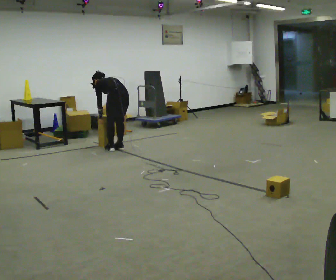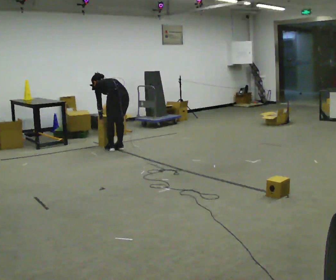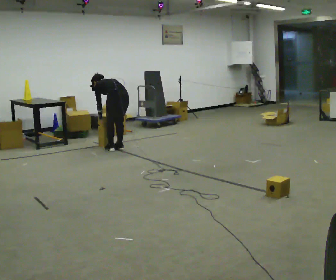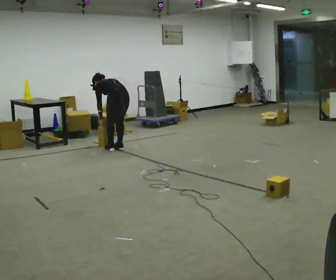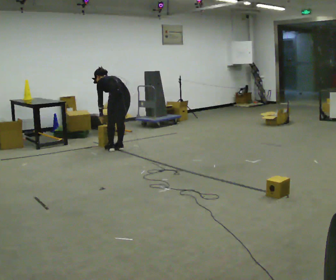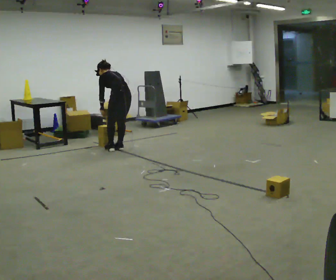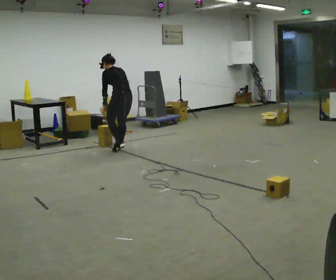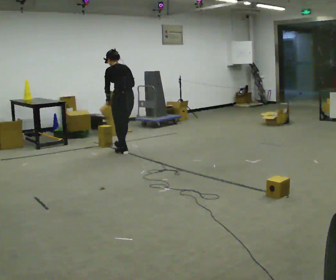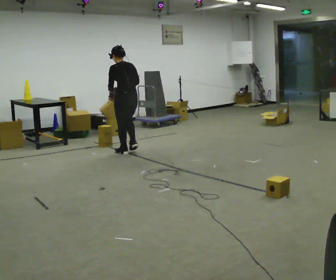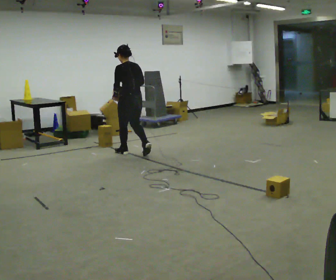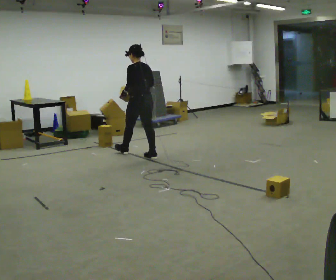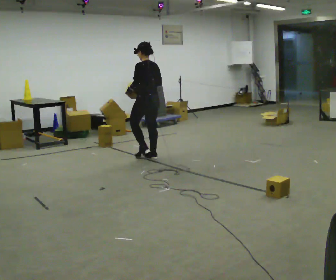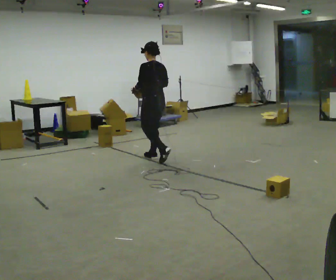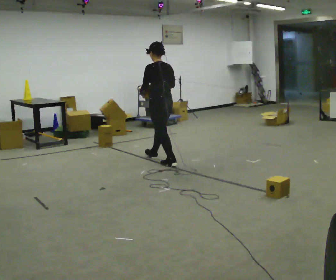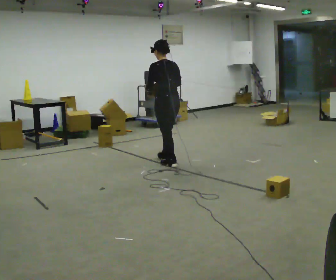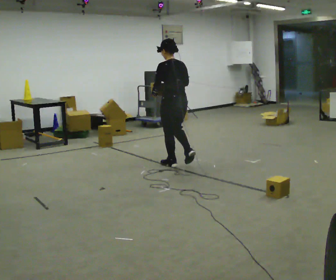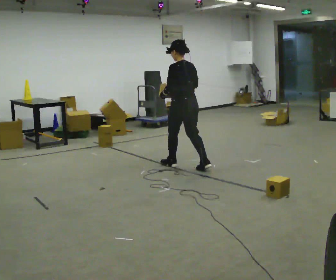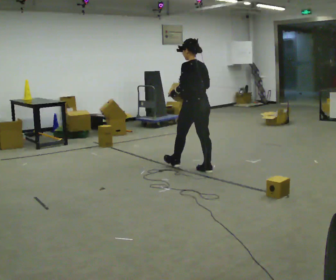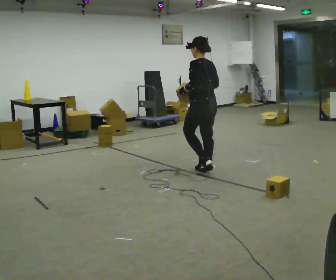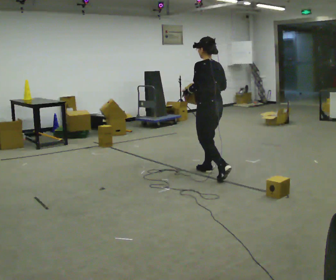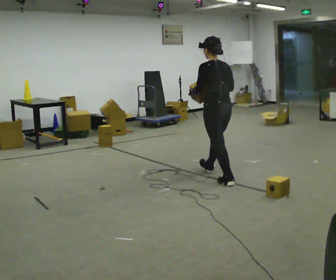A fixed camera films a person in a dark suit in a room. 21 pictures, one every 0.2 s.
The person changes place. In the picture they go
toward the camera.
0.0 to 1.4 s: The shoulders move upward. The upper body tips toward the camera, its near side rolling downward, as they lean back or straighten.
1.4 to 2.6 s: In the picture they go toward the camera and to the right, about 1 m in 2 steps, which for them is backward.
2.6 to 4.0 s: In the picture they go toward the camera and to the right, about 1 m in 2 steps, which for them is backward.
The film runs backward here.
